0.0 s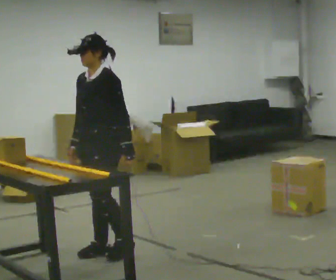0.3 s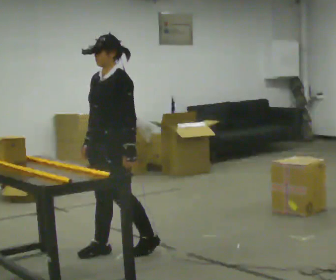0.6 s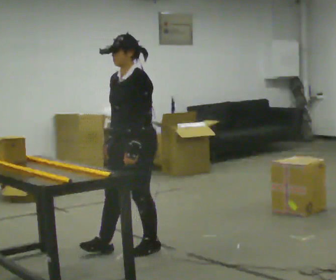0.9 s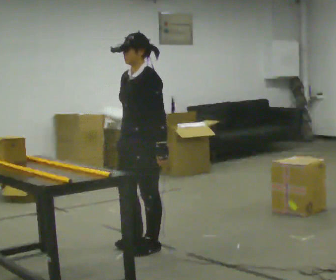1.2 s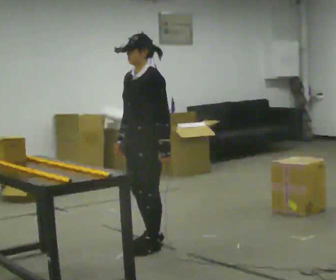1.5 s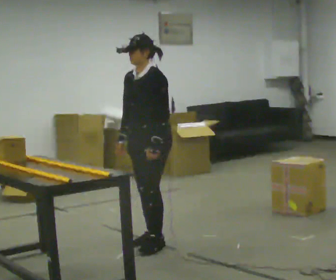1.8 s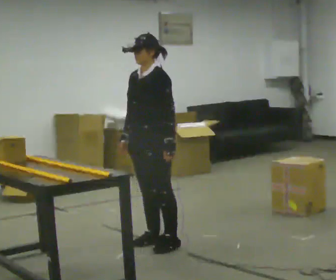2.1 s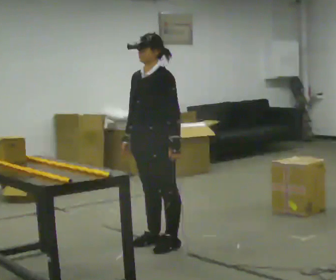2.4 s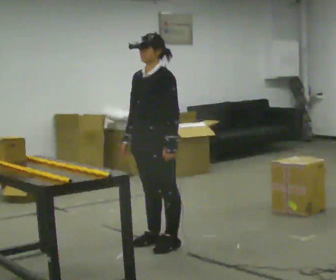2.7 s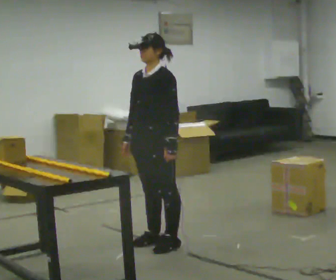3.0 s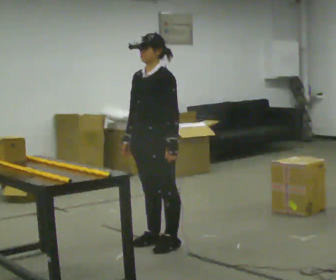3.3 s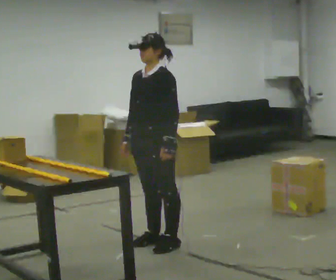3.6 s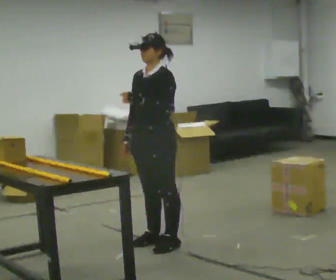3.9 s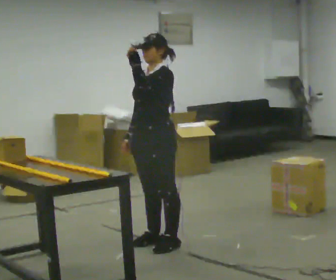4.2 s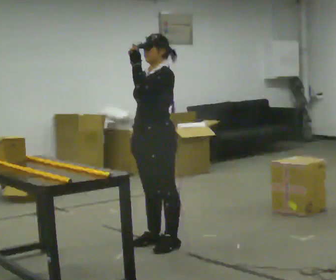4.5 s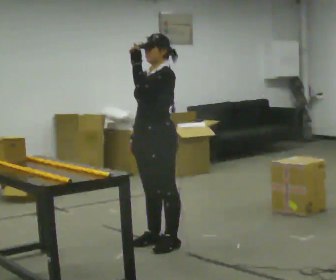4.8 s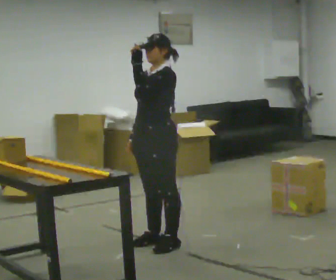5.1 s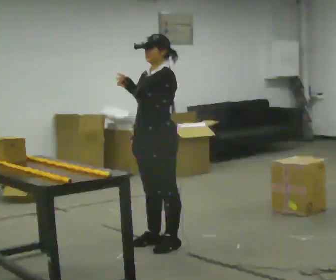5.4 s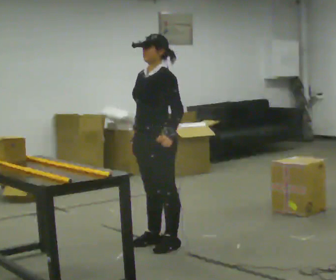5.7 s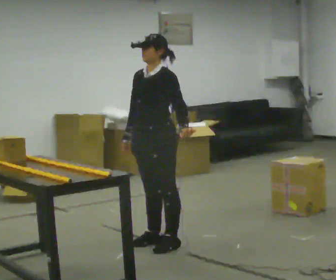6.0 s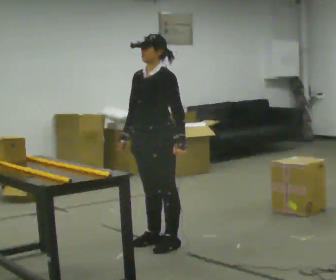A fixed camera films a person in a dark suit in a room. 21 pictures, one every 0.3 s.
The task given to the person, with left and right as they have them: Carry the object across the room and slide it into the slot on the shelf. It is a close fit, so take the time you need. Keep going until the operator says stop; one object at a time, and do not rush between trips.
0.0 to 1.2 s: In the picture they go to the right, about 0.25 m in 2 steps, which for them is backward.
1.2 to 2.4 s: The person moves a little, or ends about where they began.
2.4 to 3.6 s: In the picture their left hand goes upward.
3.6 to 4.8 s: The person moves a little, or ends about where they began.
4.8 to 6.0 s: In the picture their left hand goes downward.
The film runs forward here.
